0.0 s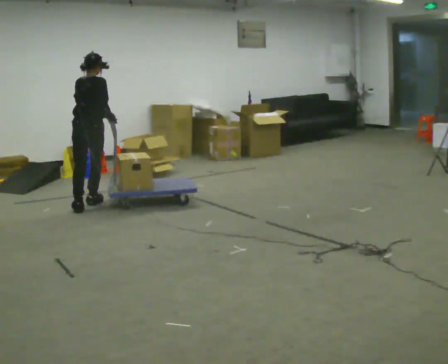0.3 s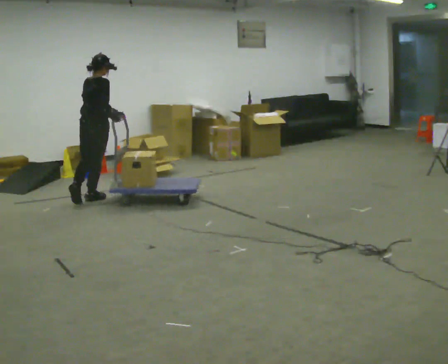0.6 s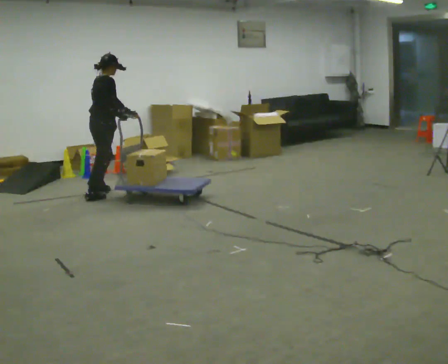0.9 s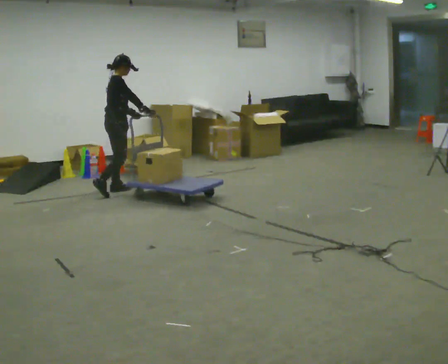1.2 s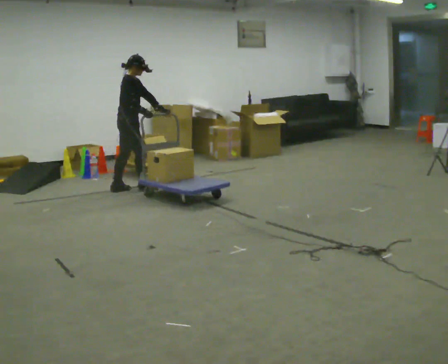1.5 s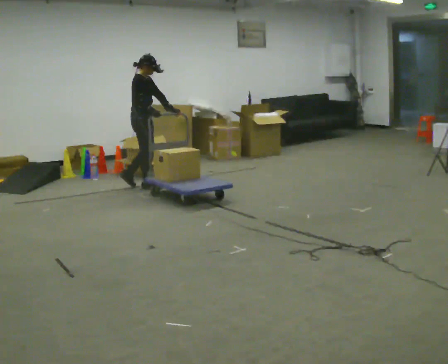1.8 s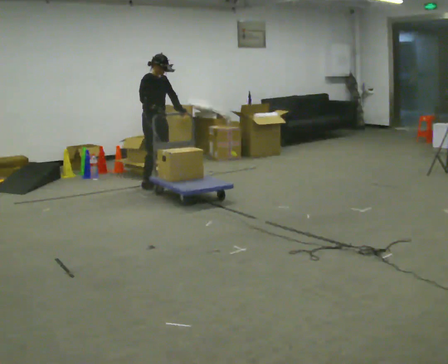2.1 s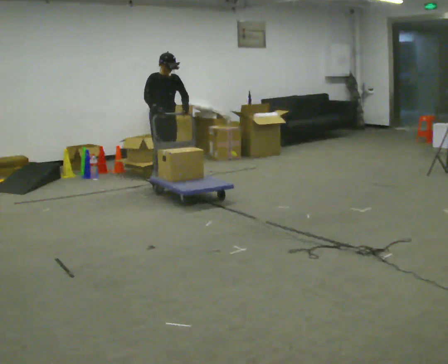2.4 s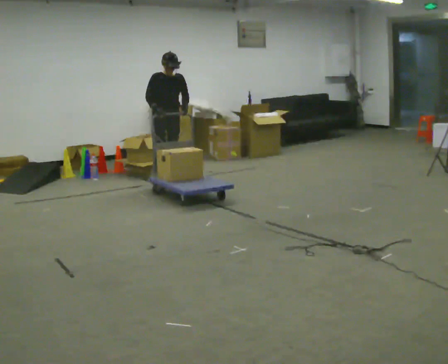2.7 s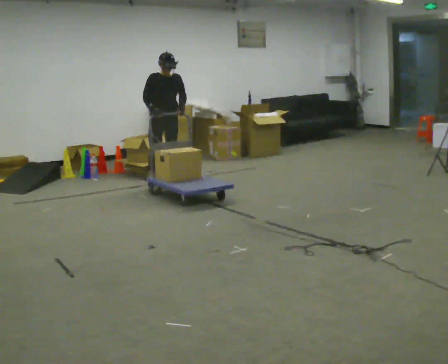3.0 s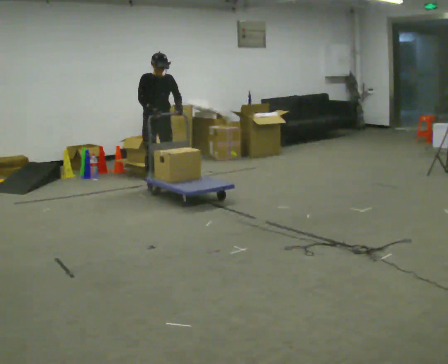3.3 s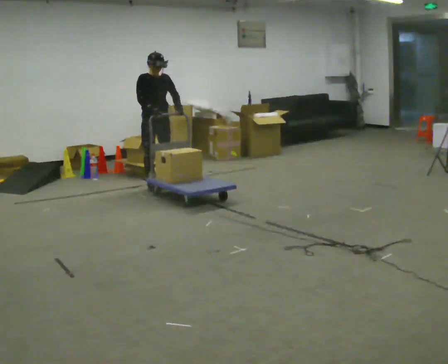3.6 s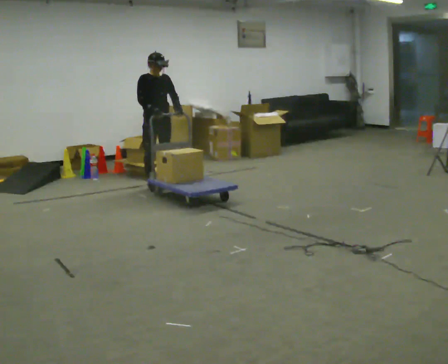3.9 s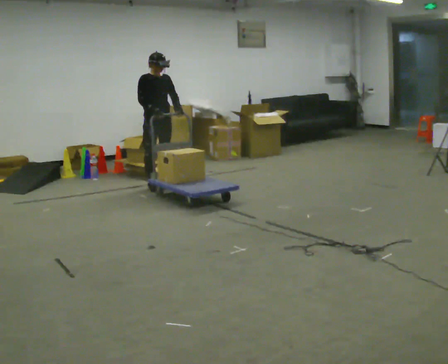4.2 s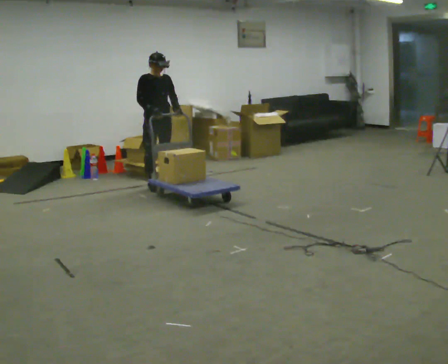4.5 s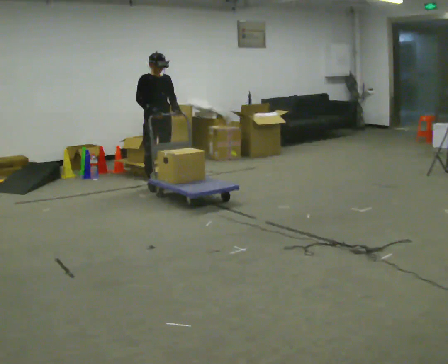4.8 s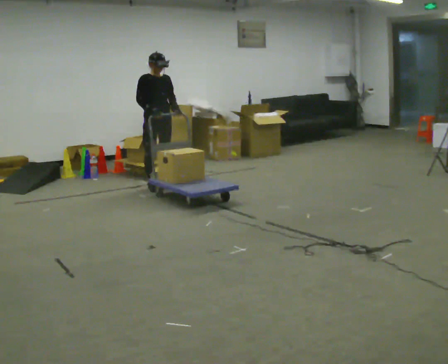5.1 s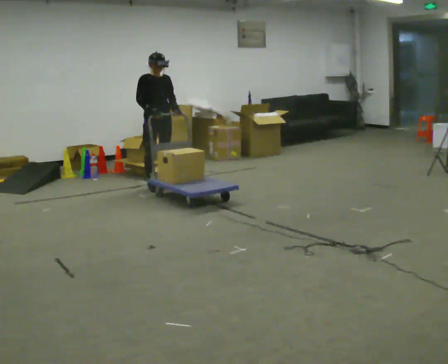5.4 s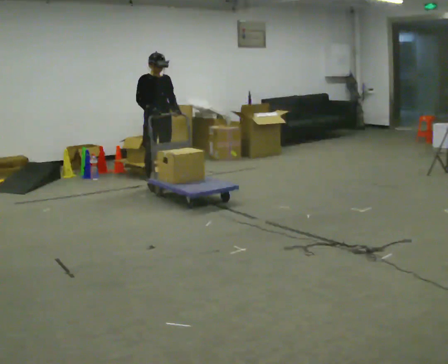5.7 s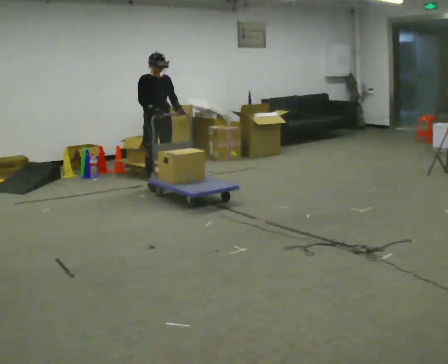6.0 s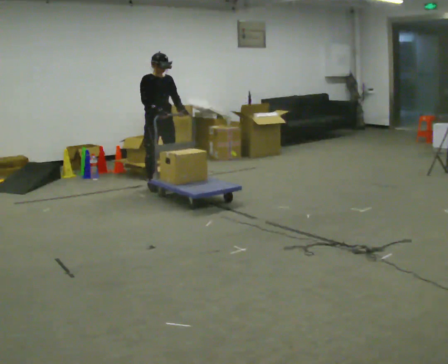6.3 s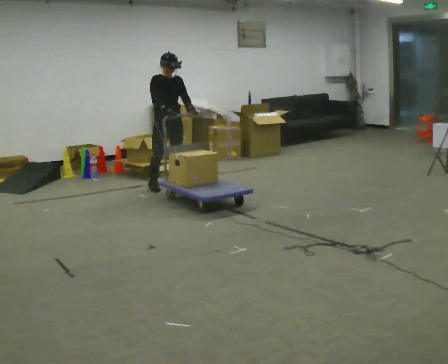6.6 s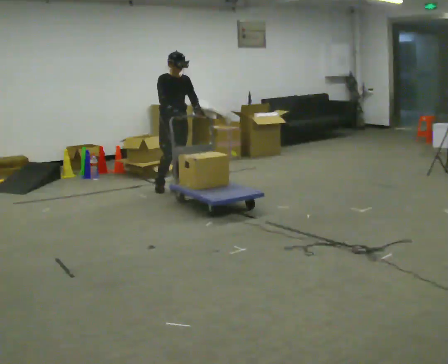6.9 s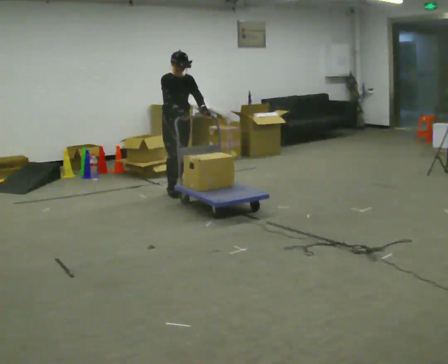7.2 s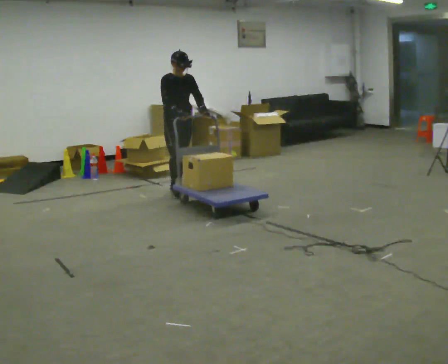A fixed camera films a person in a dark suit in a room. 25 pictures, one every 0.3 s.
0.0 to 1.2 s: Seen from above the body turns clockwise, about 60 degrees: to their right, with its near side sliding to the left. In the picture they go away from the camera and to the right, about 1 m in 2 steps.
1.2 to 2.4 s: The part of the body nearest the lens slides to the left as the person turns to their right by about 75 degrees. In the picture they go to the right and away from the camera, about 0.5 m in 2 steps.
2.4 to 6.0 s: In the picture they go toward the camera, about 0.25 m, which for them is to their right.
6.0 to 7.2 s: In the picture they go to the right, about 0.25 m in 2 steps, which for them is forward.
The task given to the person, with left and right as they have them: Stand still with your hands on the cart. When the operator says go, get it moving, push it a few metres, then bring it to a stop. Repeat until the operator says stop.
The film runs forward here.
